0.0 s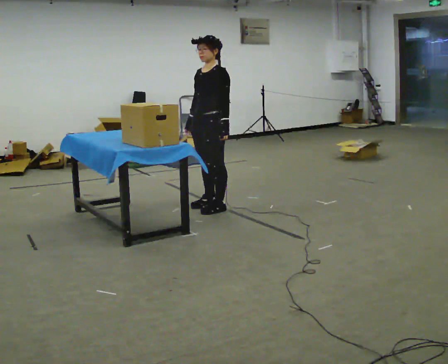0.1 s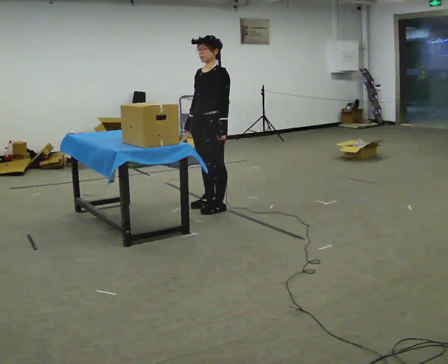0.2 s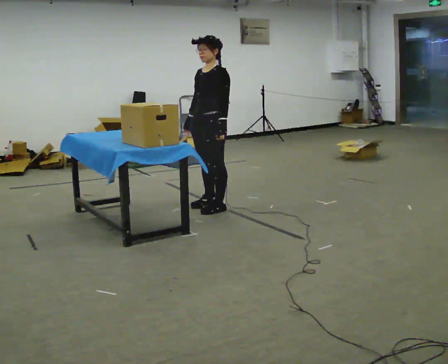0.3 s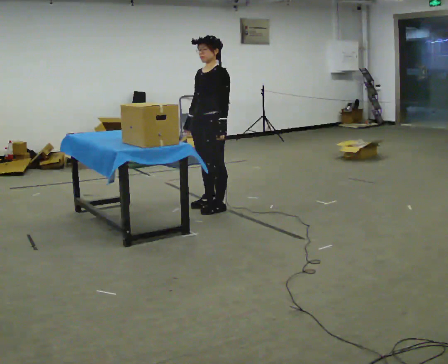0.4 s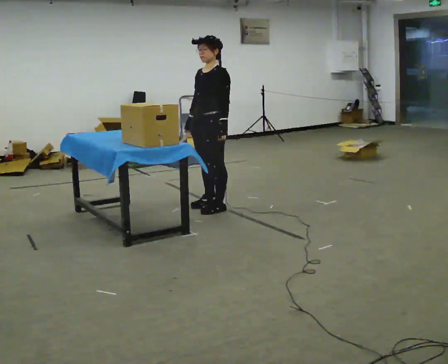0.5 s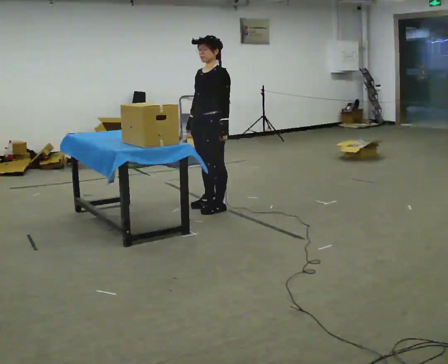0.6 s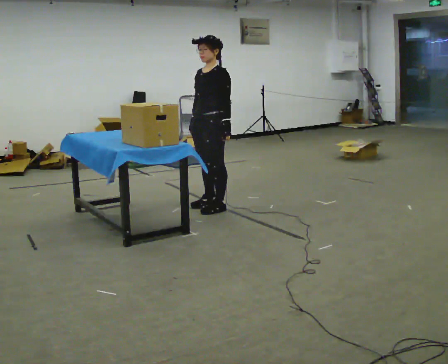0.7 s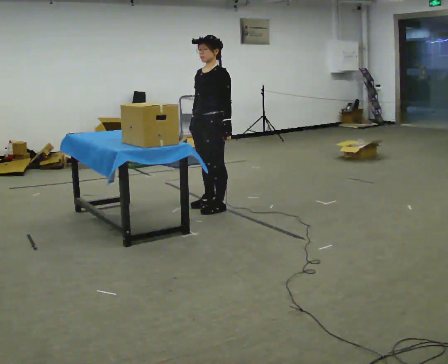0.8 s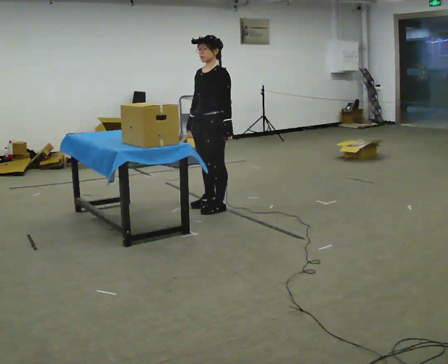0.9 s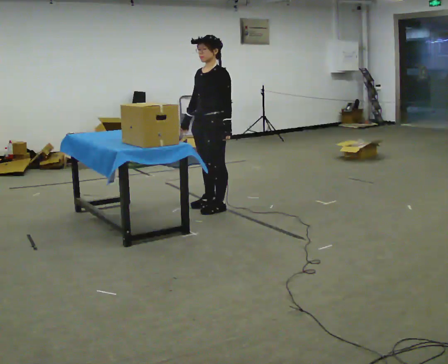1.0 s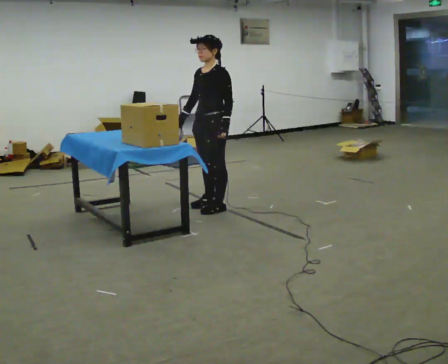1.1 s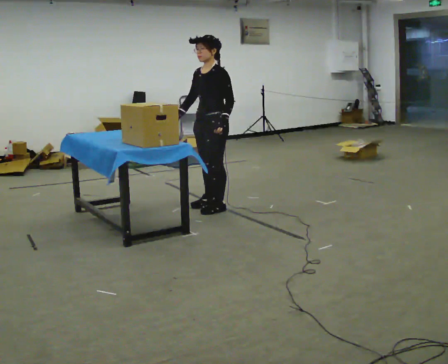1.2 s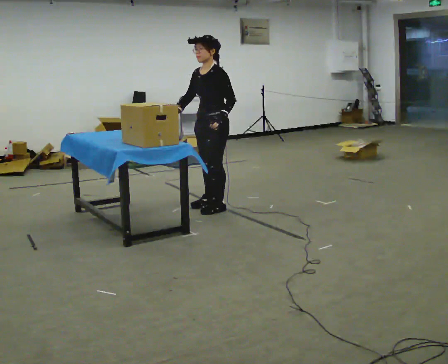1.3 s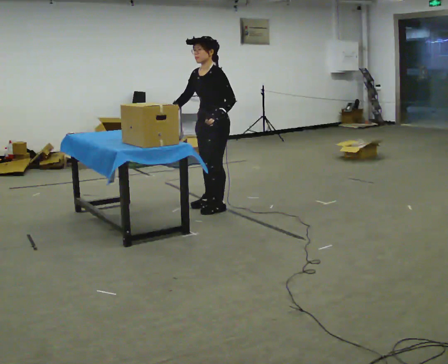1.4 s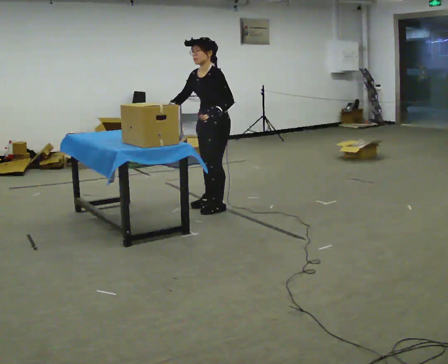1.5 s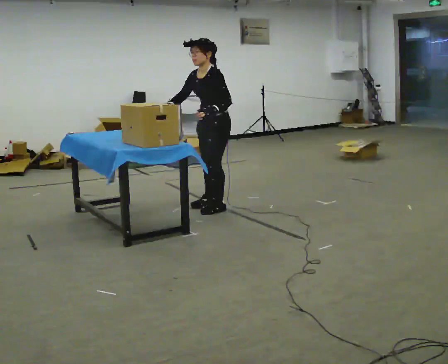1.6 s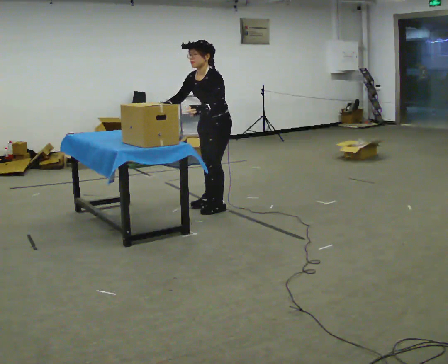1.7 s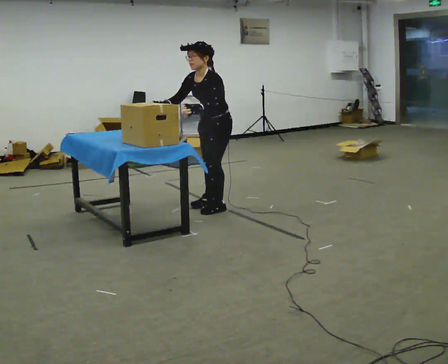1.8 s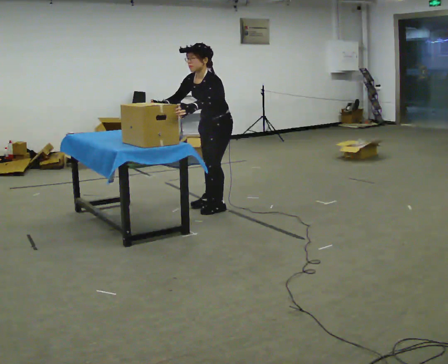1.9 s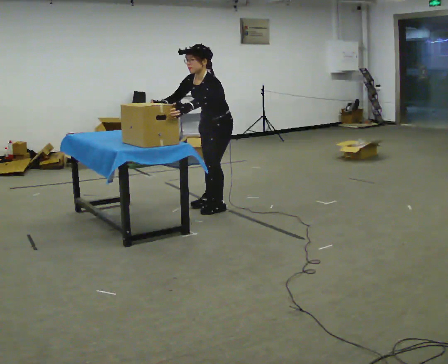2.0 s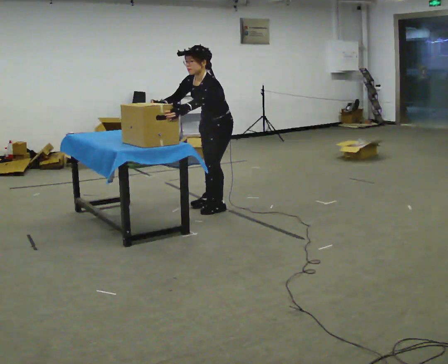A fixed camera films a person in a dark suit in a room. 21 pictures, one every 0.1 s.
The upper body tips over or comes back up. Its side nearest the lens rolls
downward.
0.0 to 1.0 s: The person moves a little, or ends about where they began.
1.0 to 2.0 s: The upper body tips toward the camera, its near side rolling downward, as they bend forward. In the picture their left hand goes to the left.
The film runs backward here.
